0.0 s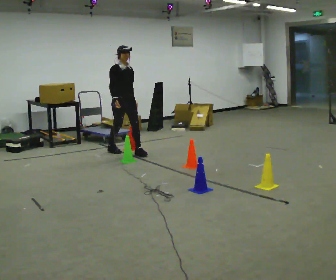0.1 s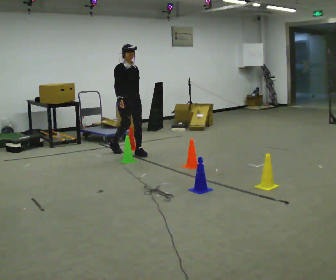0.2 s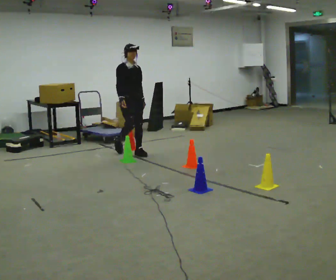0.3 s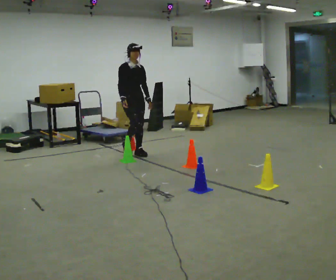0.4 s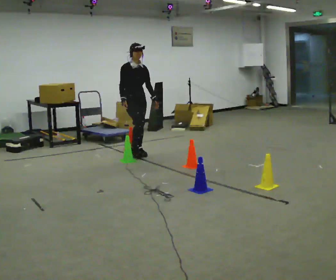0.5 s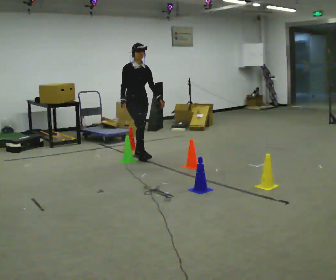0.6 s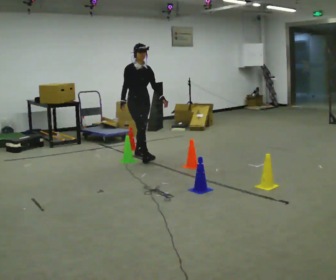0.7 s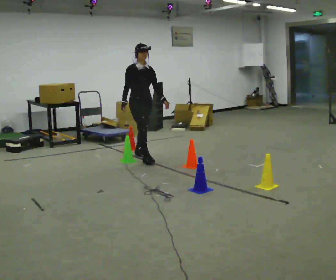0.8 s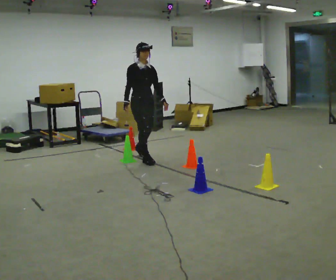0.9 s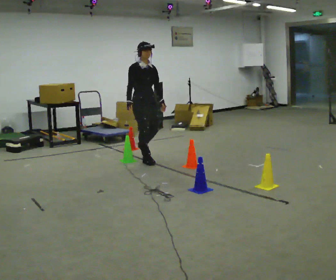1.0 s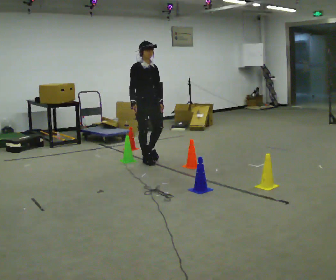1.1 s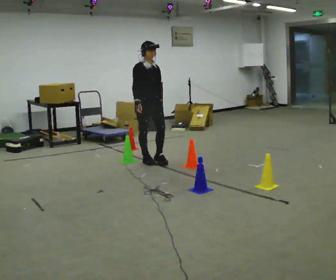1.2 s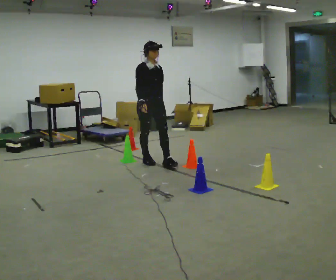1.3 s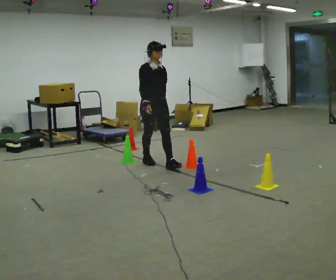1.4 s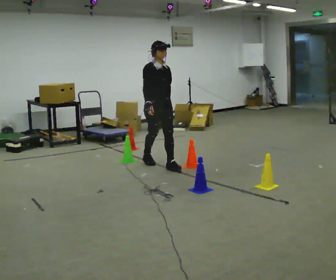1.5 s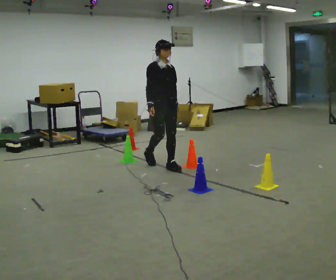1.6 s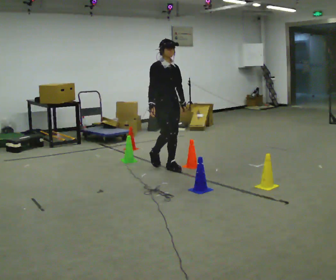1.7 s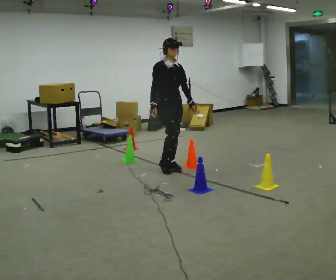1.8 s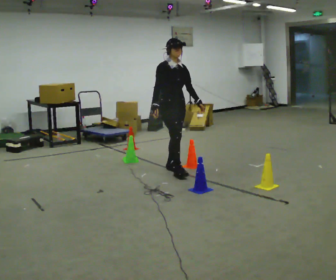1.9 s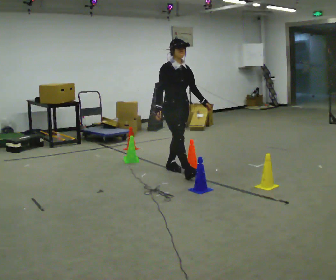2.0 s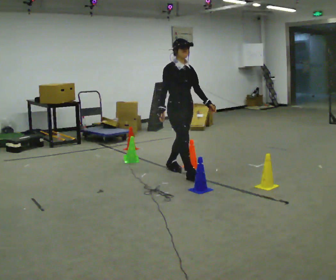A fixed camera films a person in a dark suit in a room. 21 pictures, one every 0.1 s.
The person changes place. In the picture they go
toward the camera.
0.0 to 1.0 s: In the picture they go toward the camera and to the right, about 0.5 m in 1 step, which for them is forward.
1.0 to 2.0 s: In the picture they go toward the camera and to the right, about 1 m in 2 steps, which for them is forward.
The film runs forward here.
